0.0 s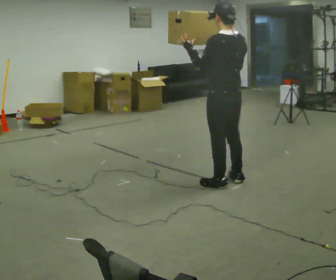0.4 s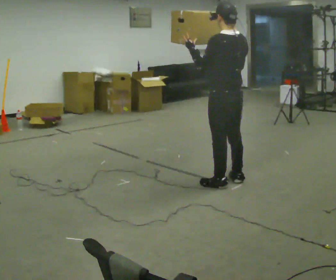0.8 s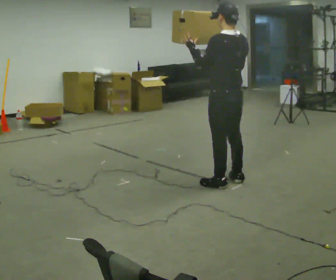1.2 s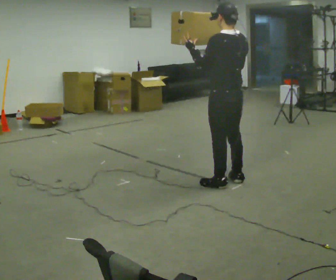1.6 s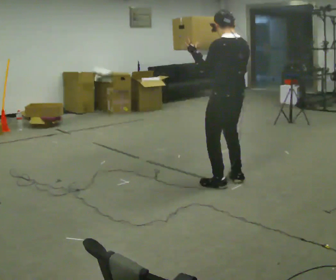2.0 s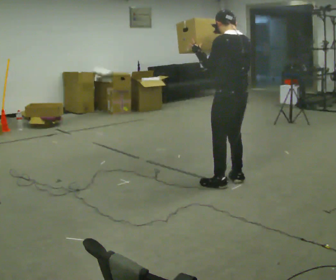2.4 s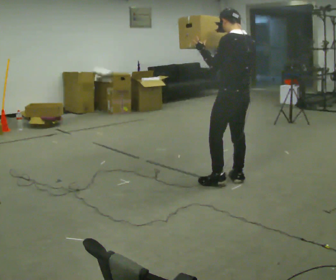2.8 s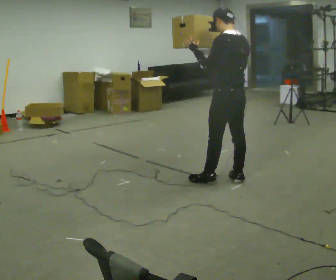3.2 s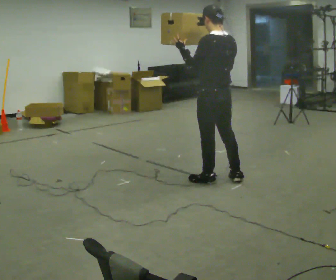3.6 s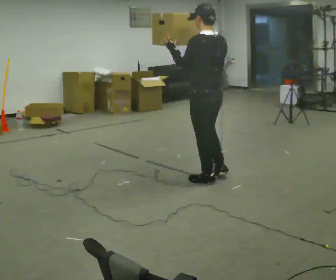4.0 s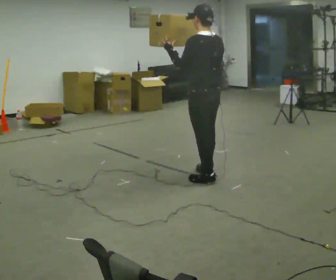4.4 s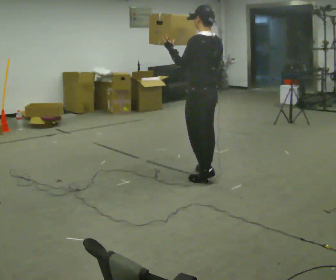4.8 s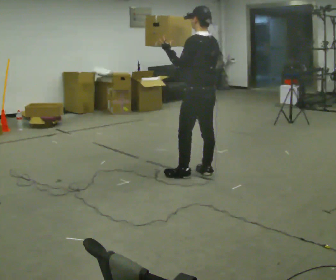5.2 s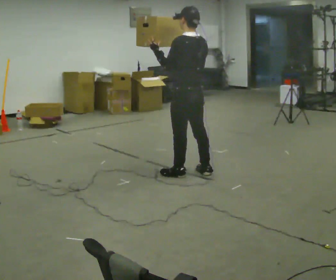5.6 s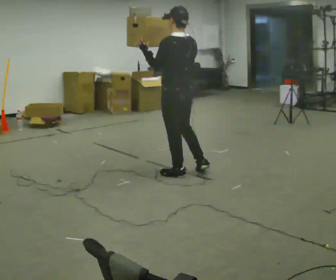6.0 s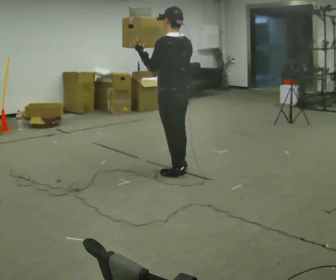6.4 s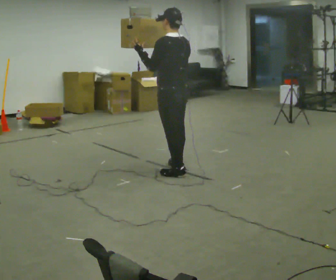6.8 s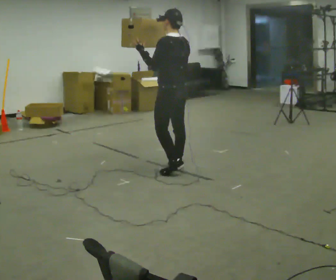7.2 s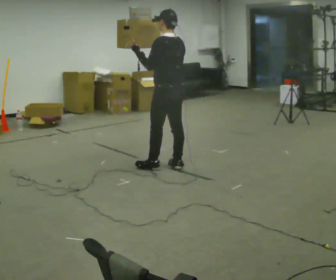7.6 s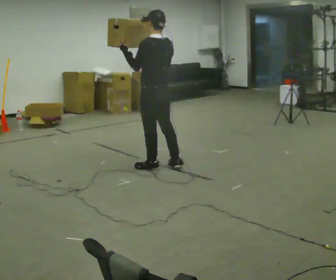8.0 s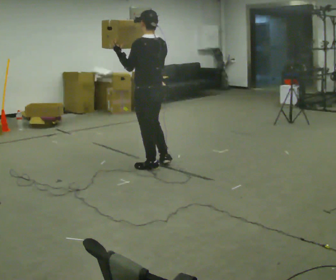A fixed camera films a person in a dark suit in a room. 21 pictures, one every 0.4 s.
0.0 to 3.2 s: The person moves a little, or ends about where they began.
3.2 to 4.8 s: In the picture they go to the left and away from the camera, about 0.25 m in 1 step, which for them is forward.
4.8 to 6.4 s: In the picture they go to the left, about 0.25 m in 2 steps, which for them is forward and to their left.
6.4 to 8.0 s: In the picture they go to the left, about 0.25 m in 1 step, which for them is forward.
The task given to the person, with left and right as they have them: Carry the object held up above your head, walking back and forth across the room.
The film runs forward here.
